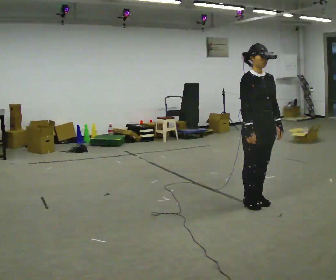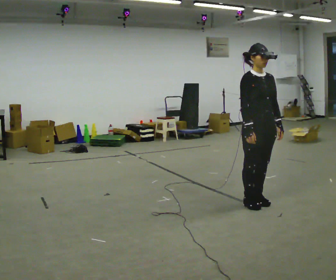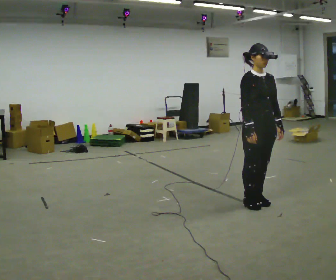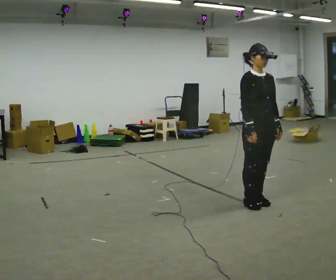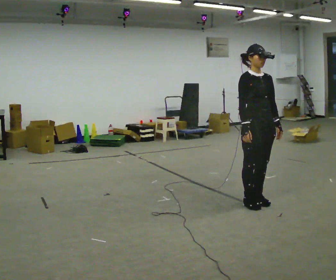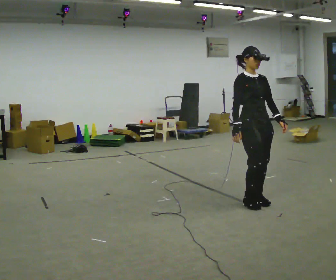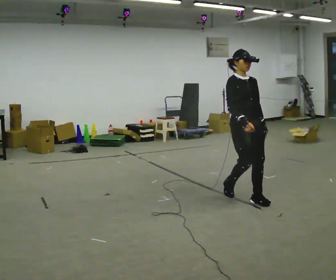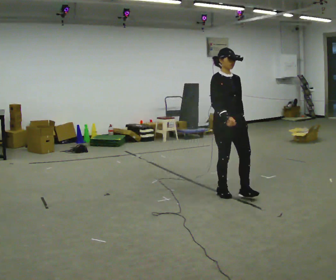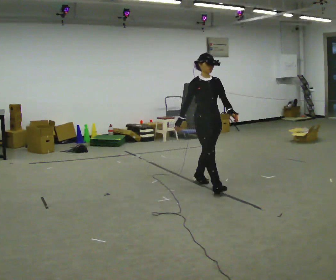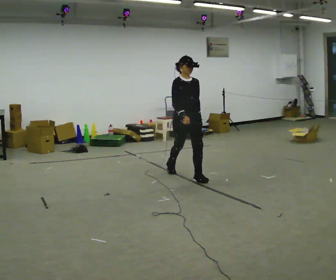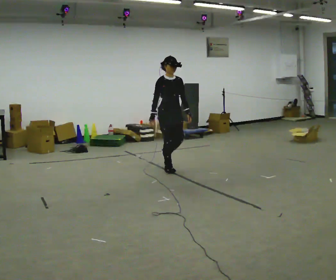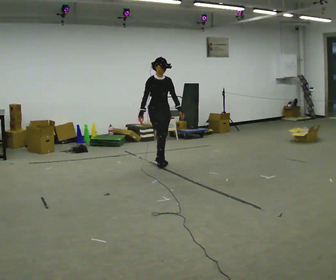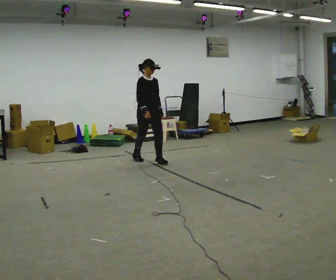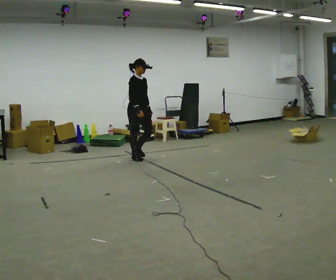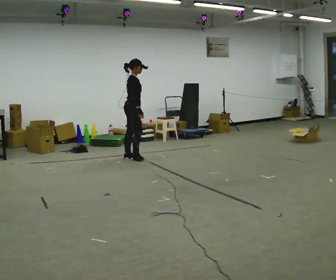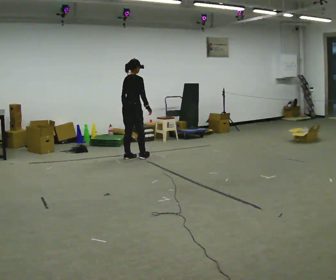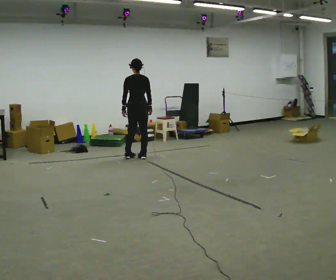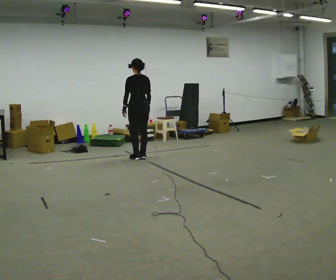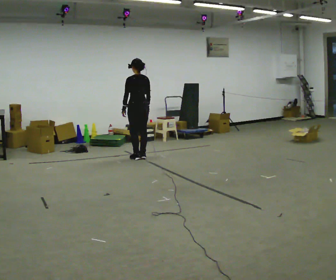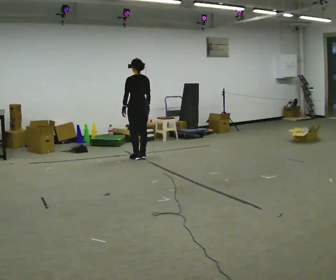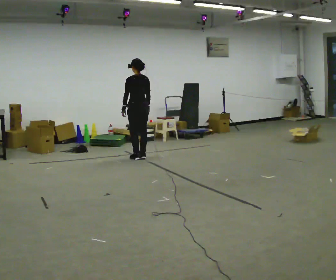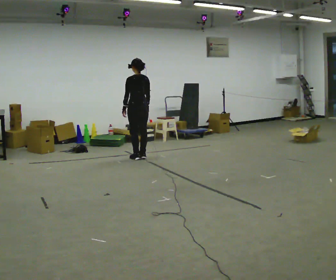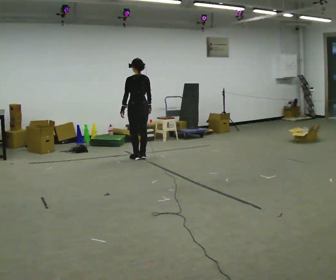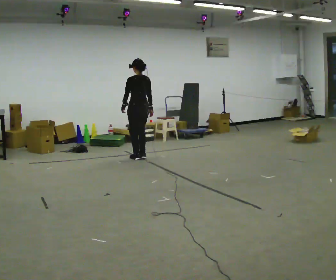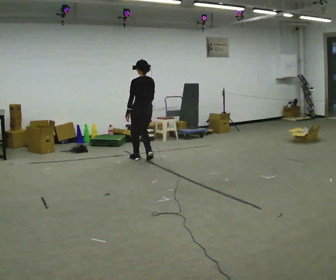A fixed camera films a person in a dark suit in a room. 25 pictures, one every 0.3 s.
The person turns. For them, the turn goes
to their left.
The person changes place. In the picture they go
away from the camera.
0.0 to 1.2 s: The person moves a little, or ends about where they began.
1.2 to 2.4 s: In the picture they go away from the camera and to the left, about 1 m in 3 steps, which for them is backward.
2.4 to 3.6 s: In the picture they go away from the camera and to the left, about 1.5 m in 2 steps, which for them is backward.
3.6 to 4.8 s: The part of the body nearest the lens slides to the right as the person turns to their left by about 135 degrees. In the picture they go away from the camera and to the left, about 0.25 m in 2 steps.
4.8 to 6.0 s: Seen from above the body turns counterclockwise, about 30 degrees: to their left, with its near side sliding to the right.
6.0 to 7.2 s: In the picture they go toward the camera, about 0.25 m in 1 step, which for them is backward.
The film runs backward here.
